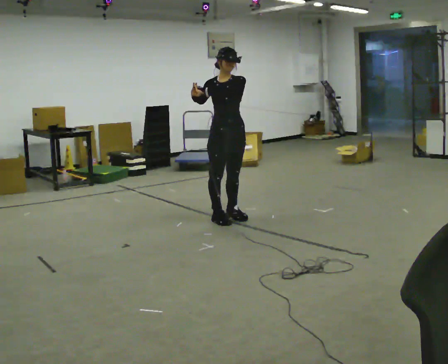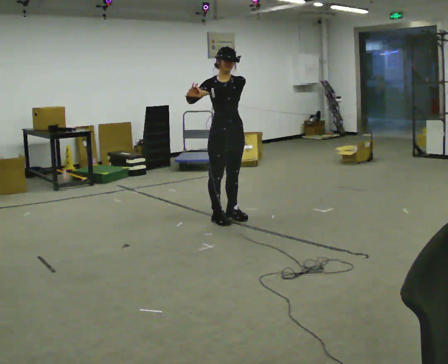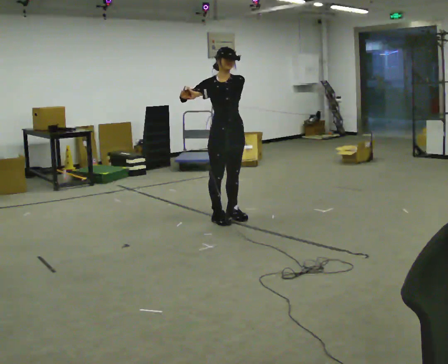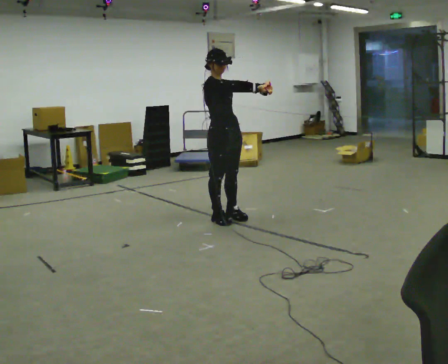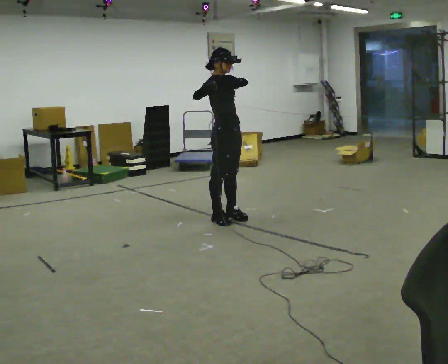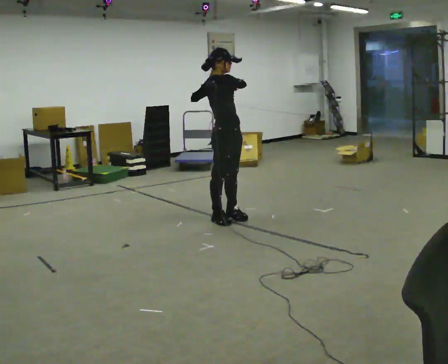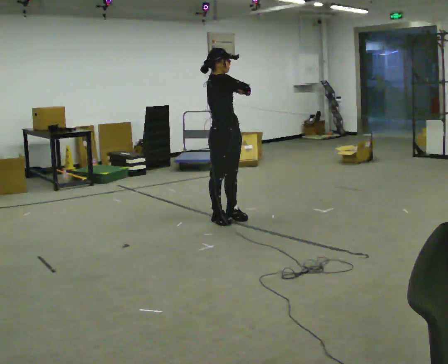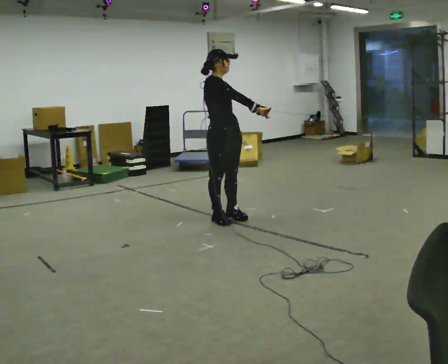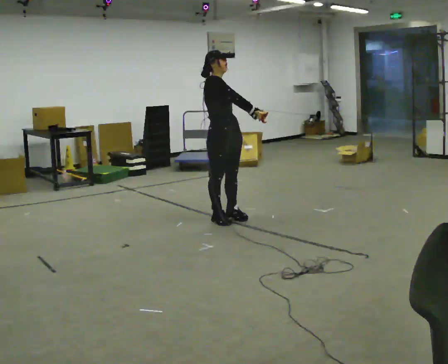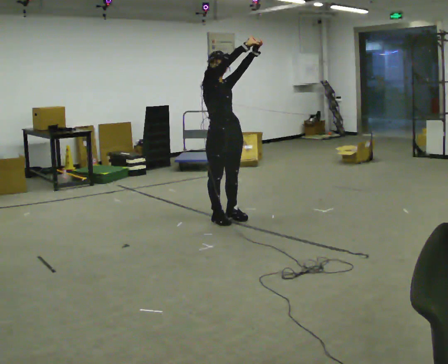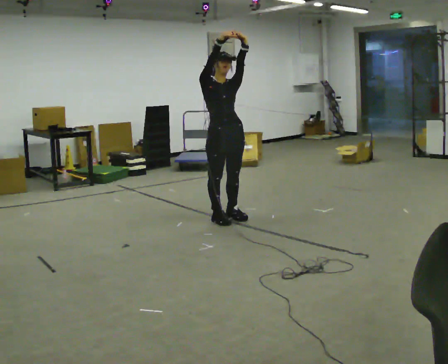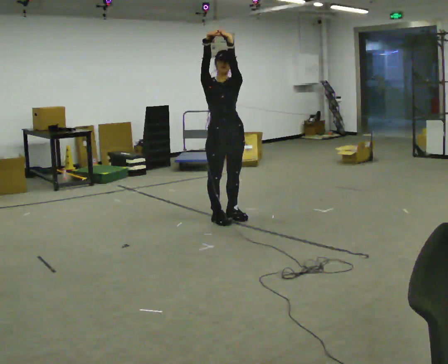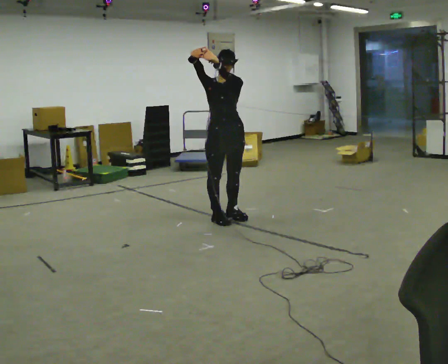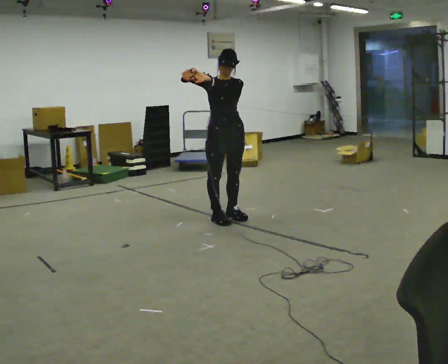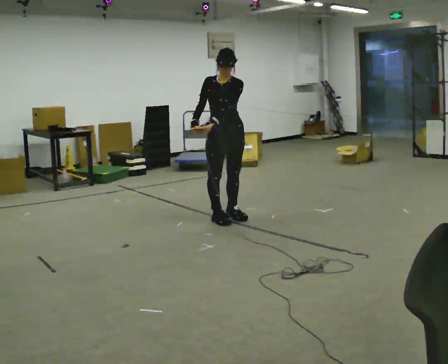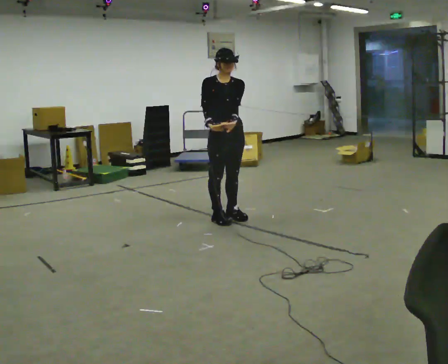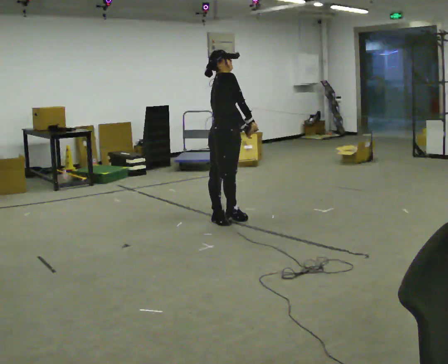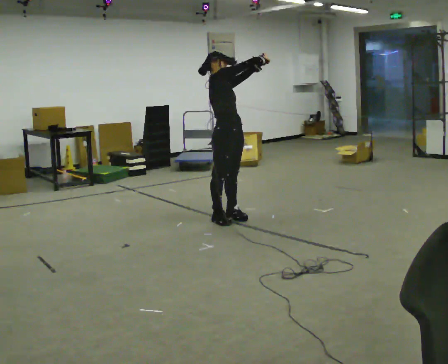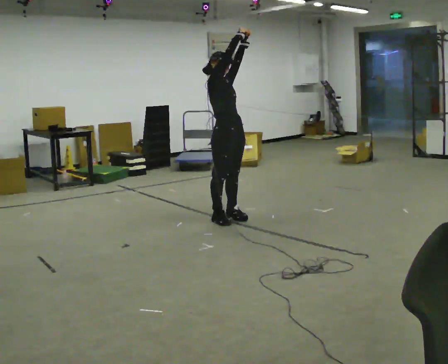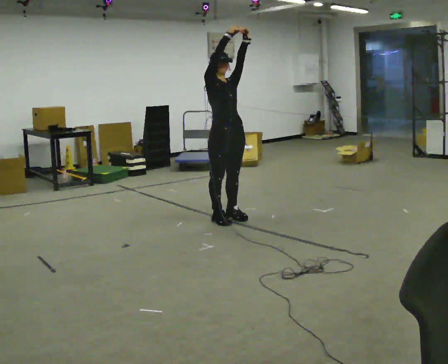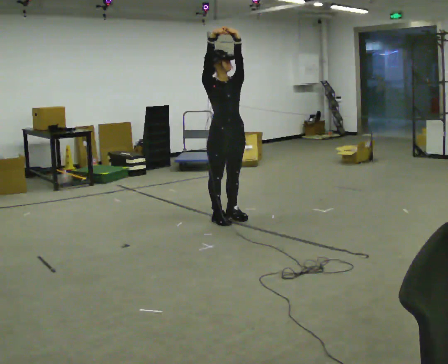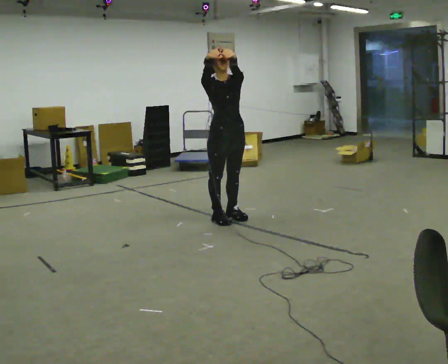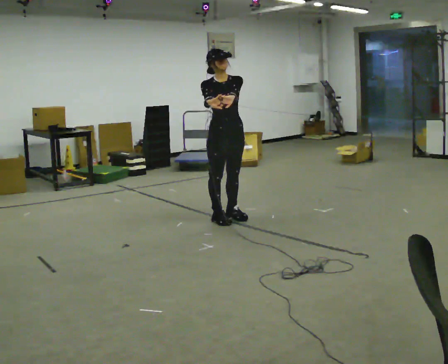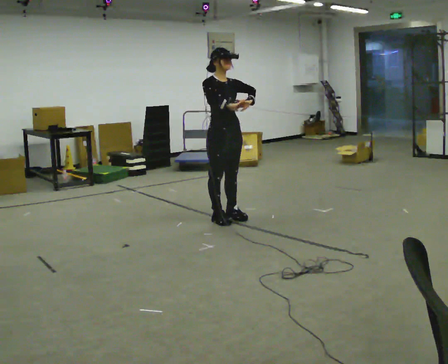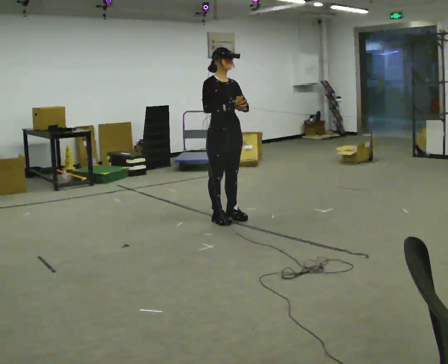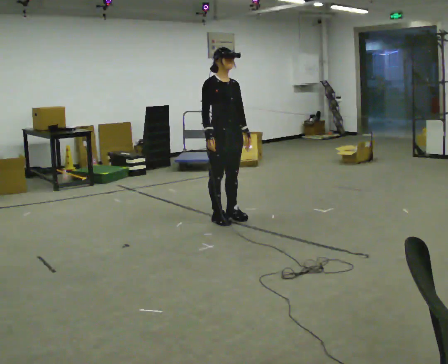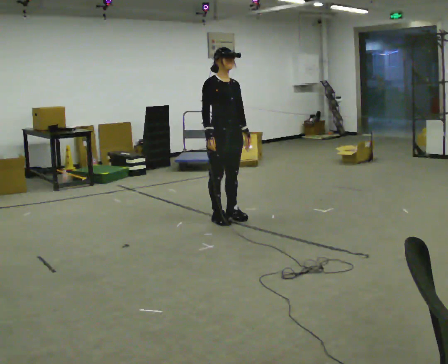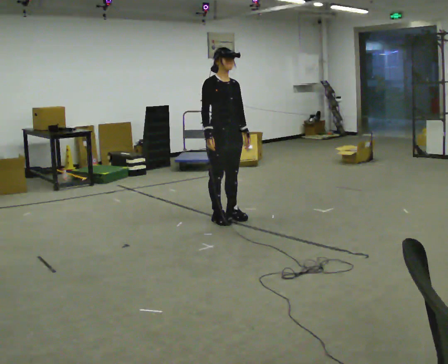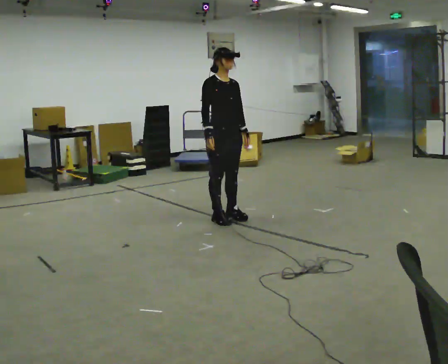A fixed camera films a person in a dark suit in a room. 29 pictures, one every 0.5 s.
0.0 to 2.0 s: The part of the body nearest the lens slides to the right as the person turns to their left by about 60 degrees.
2.0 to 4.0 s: In the picture their left hand goes to the right.
4.0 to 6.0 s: Seen from above the body turns clockwise, about 45 degrees: to their right, with its near side sliding to the left. In the picture their left hand goes upward and to the left.
6.0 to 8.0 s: Seen from above the body turns counterclockwise, about 60 degrees: to their left, with its near side sliding to the right. In the picture their left hand goes downward.
8.0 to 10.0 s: The person turns about 45 degrees to their right, clockwise seen from above, so the part of the body nearest the lens slides to the left. In the picture their left hand goes upward, the arm swinging counterclockwise.
10.0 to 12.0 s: In the picture their left hand goes downward.
12.0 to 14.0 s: The person moves a little, or ends about where they began.
The film runs backward here.
